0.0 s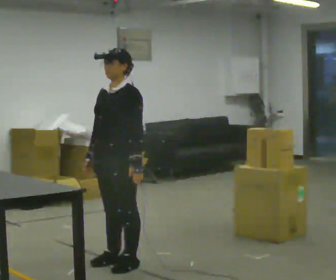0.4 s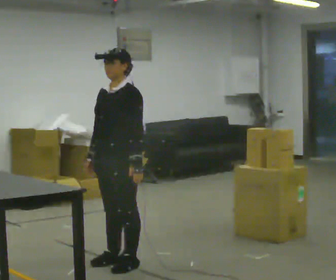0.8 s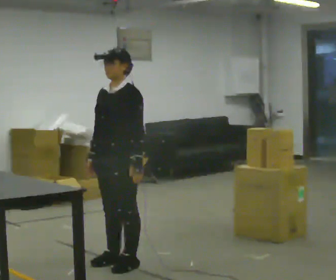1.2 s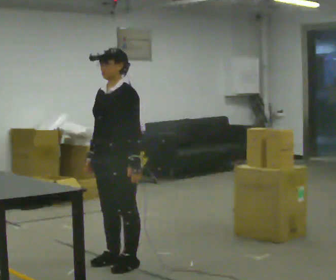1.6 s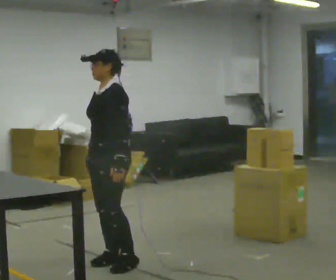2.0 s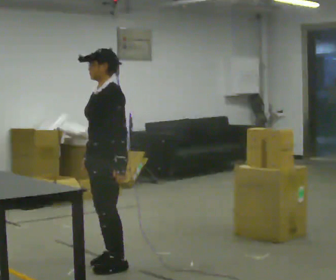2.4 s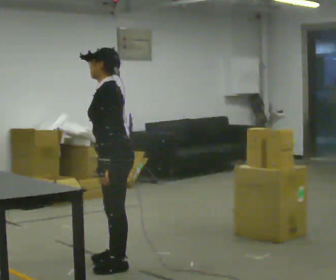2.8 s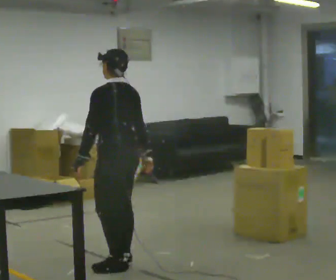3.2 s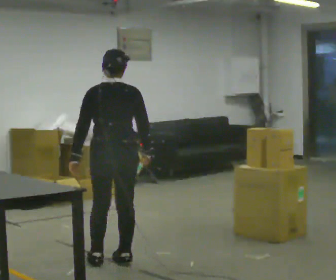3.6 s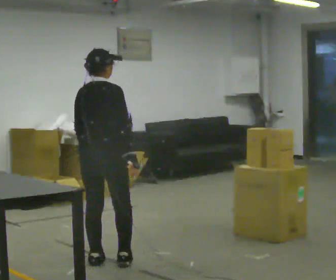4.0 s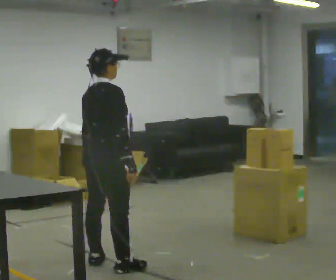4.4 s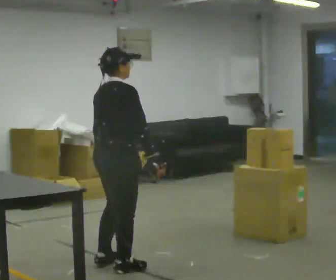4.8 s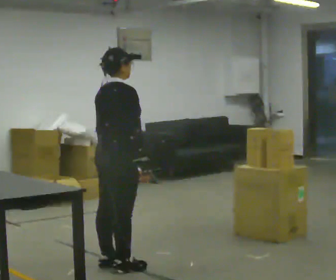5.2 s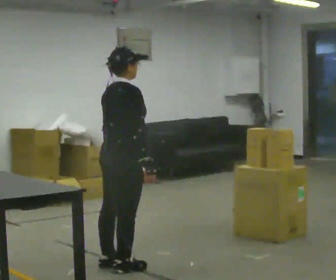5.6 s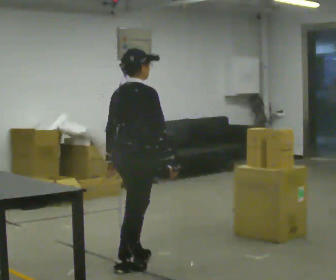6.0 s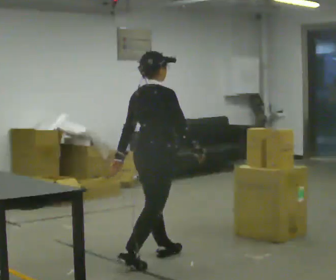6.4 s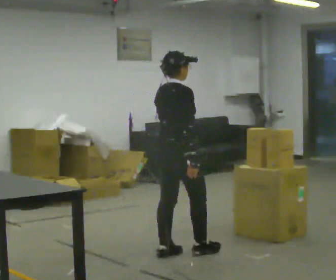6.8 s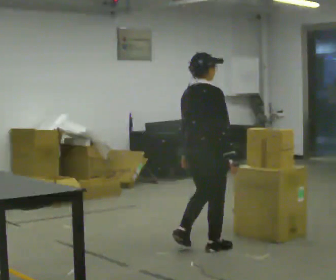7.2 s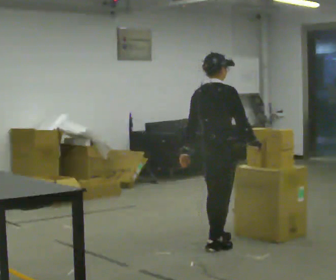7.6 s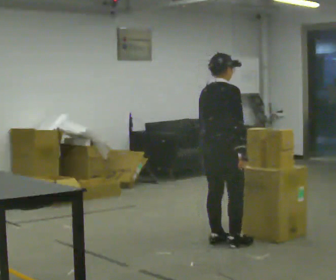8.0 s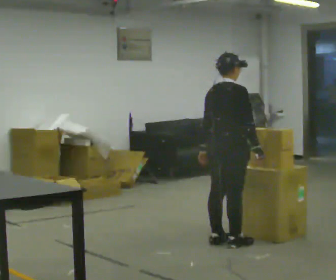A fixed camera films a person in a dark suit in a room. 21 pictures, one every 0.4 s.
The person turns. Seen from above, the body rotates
clockwise.
The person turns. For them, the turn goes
to their right.
0.0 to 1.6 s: The person moves a little, or ends about where they began.
1.6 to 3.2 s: Seen from above the body turns clockwise, about 120 degrees: to their right, with its near side sliding to the left. In the picture their left hand goes to the left.
3.2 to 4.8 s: The person turns about 45 degrees to their right, clockwise seen from above, so the part of the body nearest the lens slides to the left.
4.8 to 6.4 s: In the picture they go to the right and away from the camera, about 0.5 m in 1 step, which for them is forward.
6.4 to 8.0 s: In the picture they go to the right and away from the camera, about 0.5 m in 3 steps, which for them is forward.
The film runs forward here.
